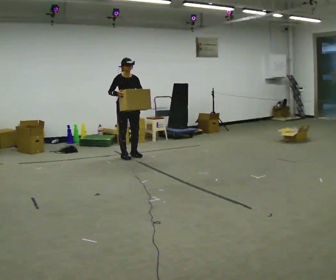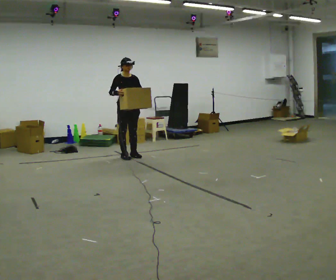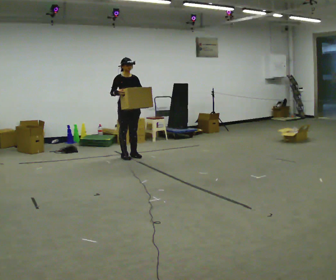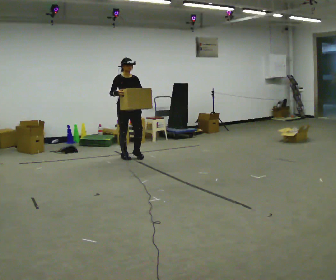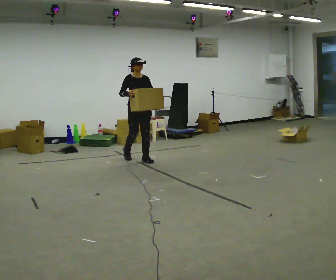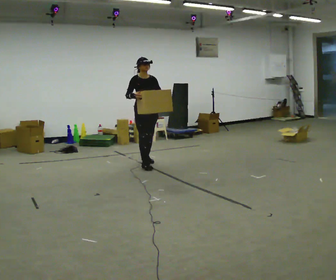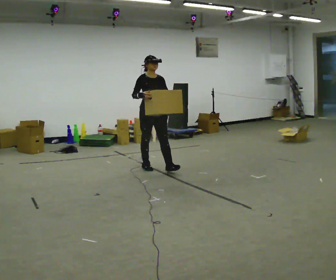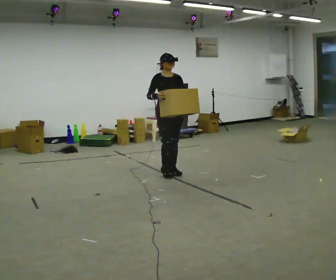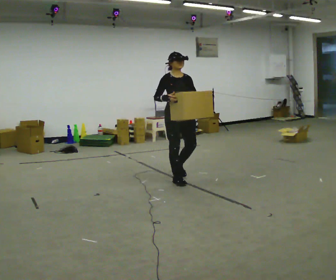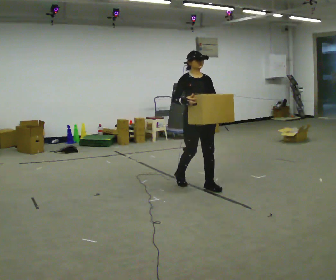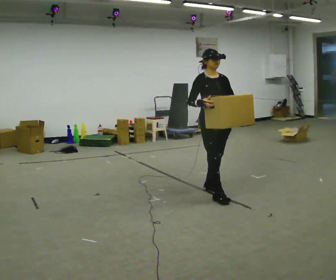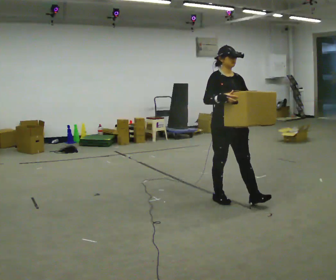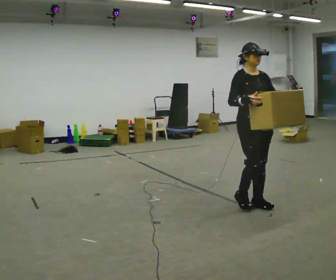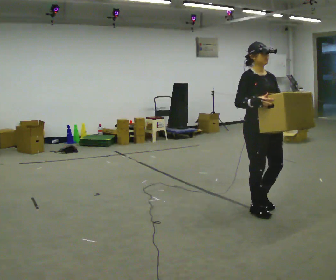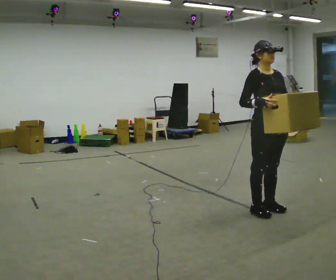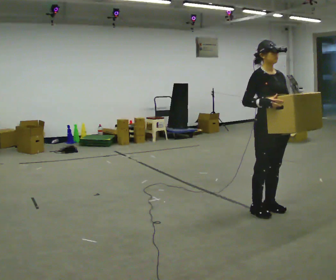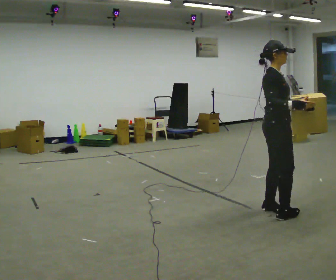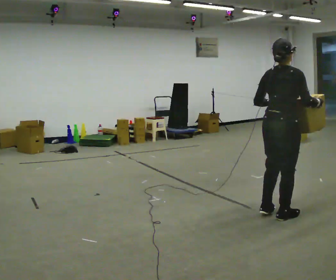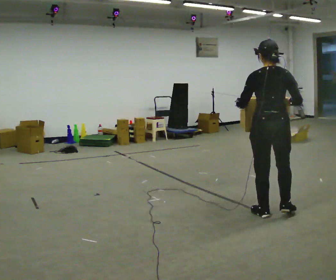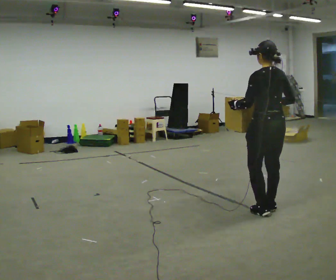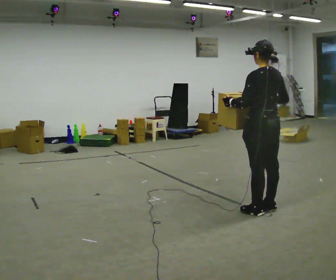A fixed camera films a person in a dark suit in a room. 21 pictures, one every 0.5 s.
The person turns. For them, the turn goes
to their left.
The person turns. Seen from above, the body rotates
counterclockwise.
0.0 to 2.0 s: In the picture they go to the right and toward the camera, about 0.25 m in 1 step, which for them is forward.
2.0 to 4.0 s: In the picture they go toward the camera and to the right, about 1.5 m in 3 steps, which for them is forward.
4.0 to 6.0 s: In the picture they go toward the camera and to the right, about 1.5 m in 3 steps, which for them is forward.
6.0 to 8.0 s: The part of the body nearest the lens slides to the right as the person turns to their left by about 45 degrees. In the picture they go toward the camera and to the right, about 0.25 m in 2 steps, which for them is forward.
8.0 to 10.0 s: The part of the body nearest the lens slides to the right as the person turns to their left by about 135 degrees. In the picture their left hand goes to the left.
The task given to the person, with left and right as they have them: Carry the heavy box in both hands in front of you, walking back and forth across the room. Keep walking until the operator says stop. Set it down if you need a rest.
The film runs forward here.
